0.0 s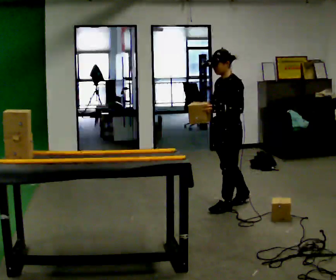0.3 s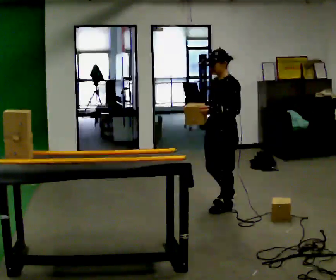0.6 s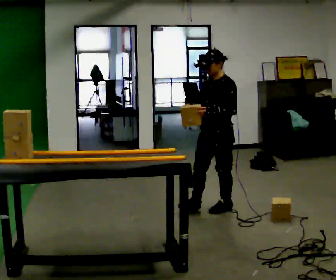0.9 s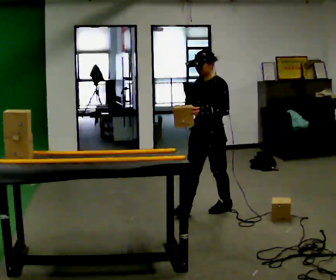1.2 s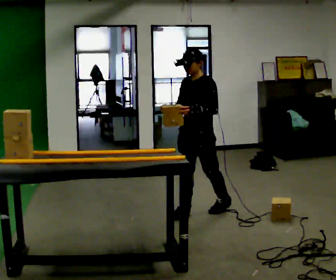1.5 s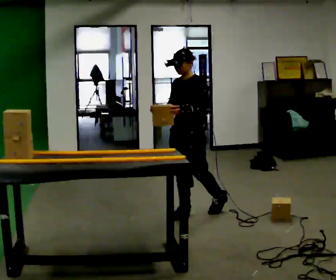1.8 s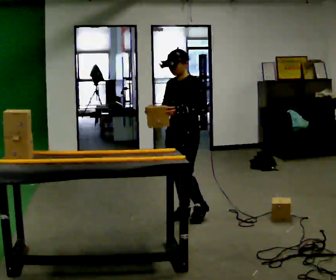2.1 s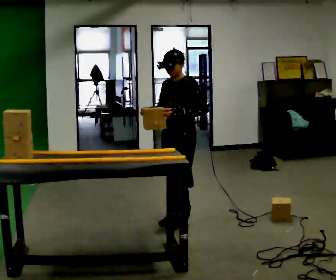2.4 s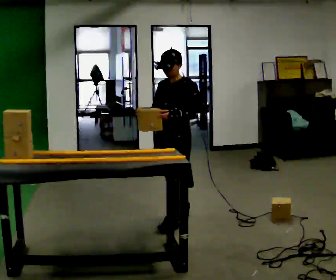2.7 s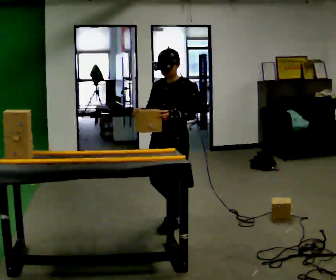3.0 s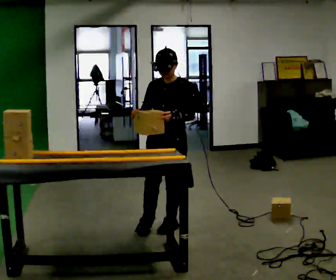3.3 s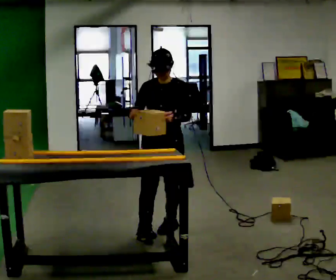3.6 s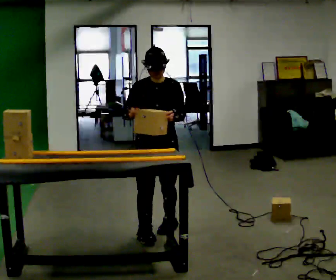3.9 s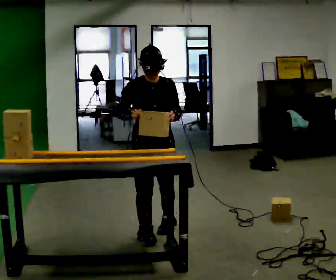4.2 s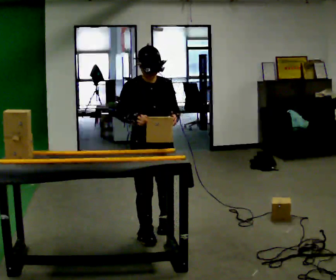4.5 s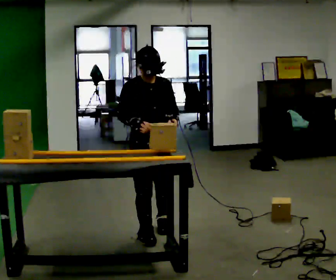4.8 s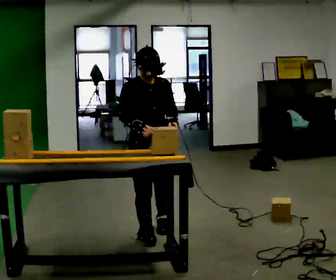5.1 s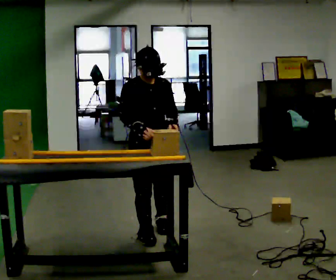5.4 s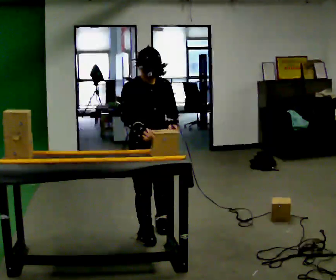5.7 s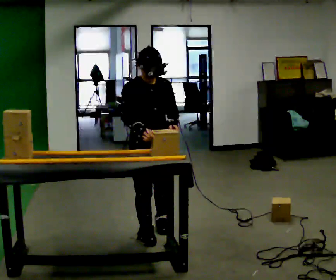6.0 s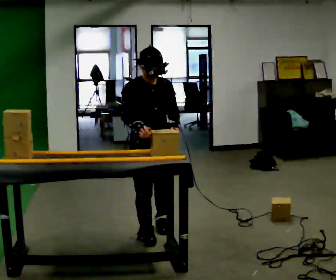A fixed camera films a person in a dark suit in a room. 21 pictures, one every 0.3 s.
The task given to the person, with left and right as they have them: Carry the object across the room and slide it into the slot on the shelf. It is a close fit, so take the time you need. Keep going until the operator says stop; one object at a time, and do not rush between trips.
0.0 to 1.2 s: Seen from above the body turns counterclockwise, about 30 degrees: to their left, with its near side sliding to the right. In the picture they go to the left and toward the camera, about 0.25 m in 1 step, which for them is forward.
1.2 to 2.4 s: In the picture they go toward the camera and to the left, about 0.25 m in 1 step, which for them is forward.
2.4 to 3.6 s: Seen from above the body turns counterclockwise, about 45 degrees: to their left, with its near side sliding to the right. In the picture they go toward the camera, about 0.25 m in 1 step, which for them is forward.
3.6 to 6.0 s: The person moves a little, or ends about where they began.
The film runs forward here.
